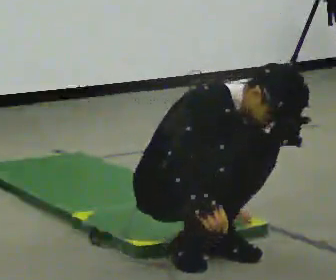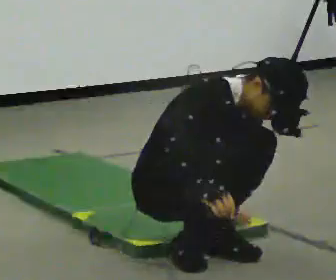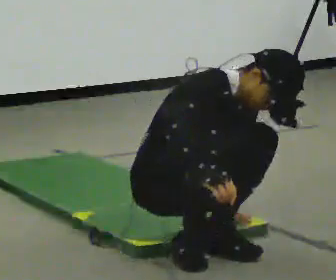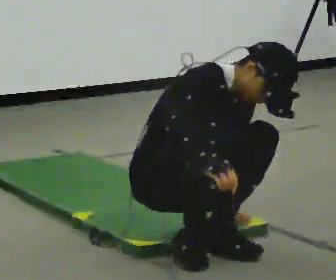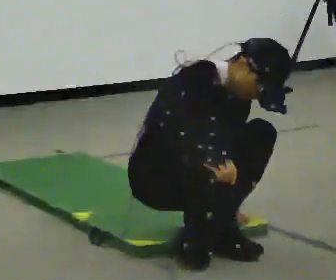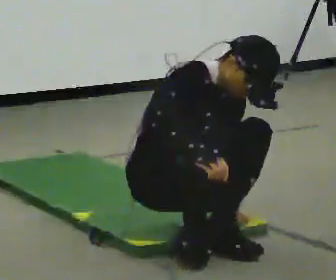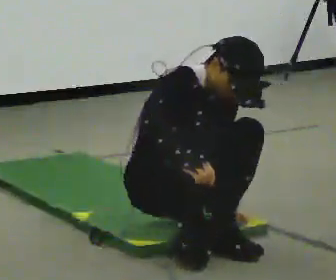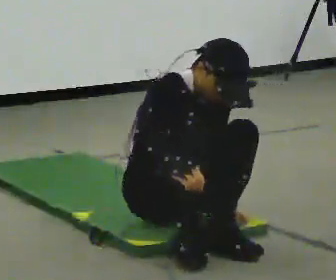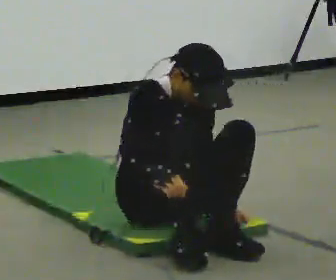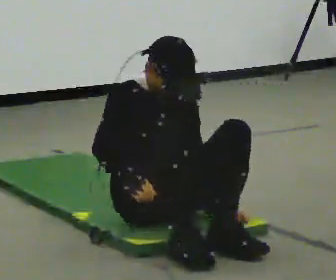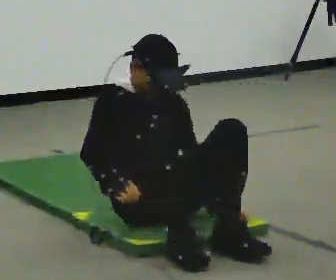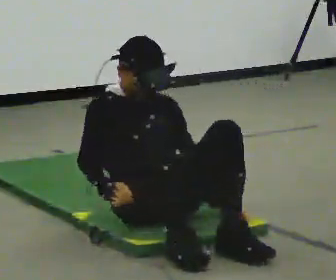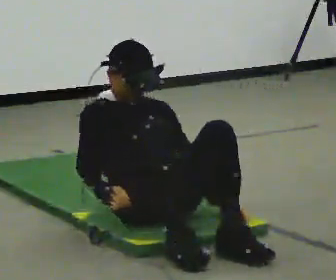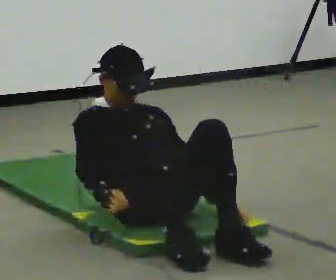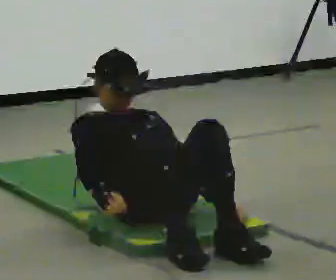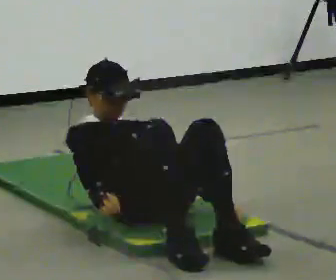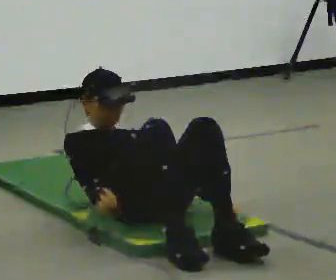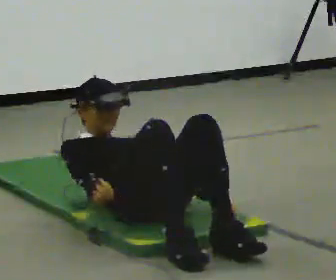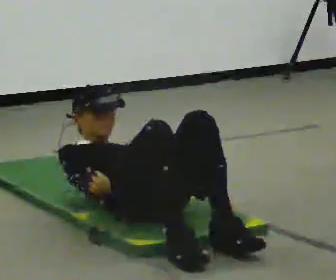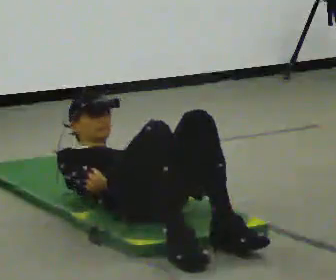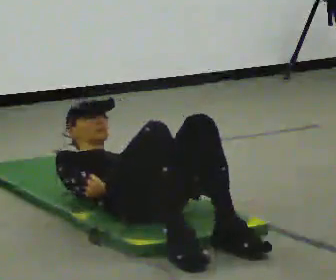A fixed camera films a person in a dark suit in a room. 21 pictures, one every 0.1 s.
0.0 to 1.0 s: In the picture they go away from the camera, about 0.25 m, which for them is backward and to their left. The upper body tips away from the camera, its near side rolling upward, as they lean back or straighten.
1.0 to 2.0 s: The upper body goes downward. The upper body tips away from the camera, its near side rolling upward, as they lean back or straighten.
The film runs forward here.
